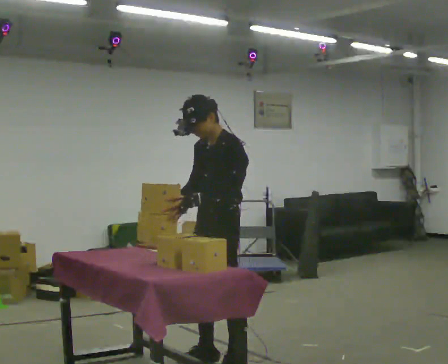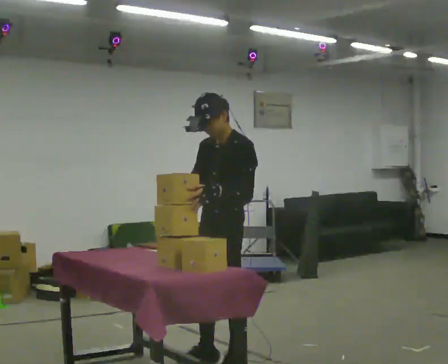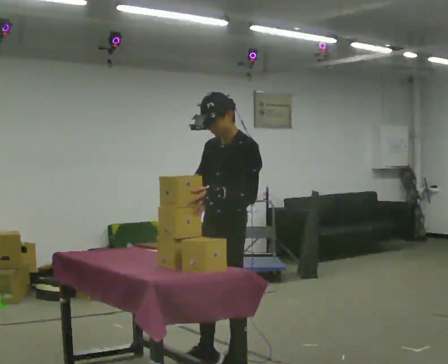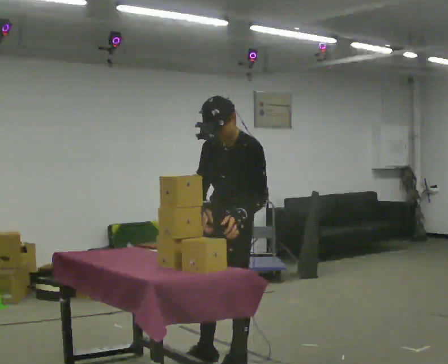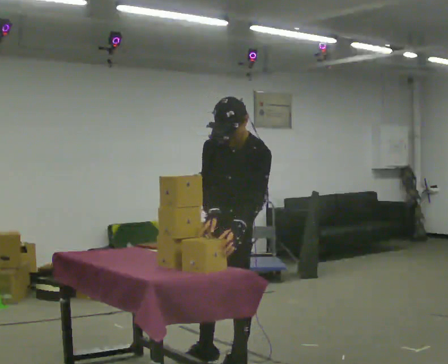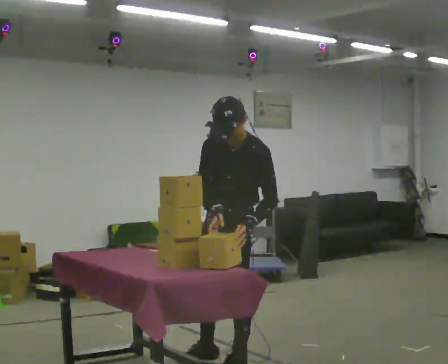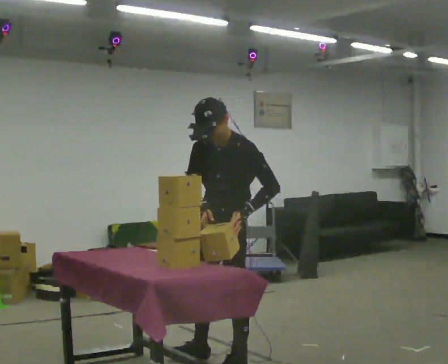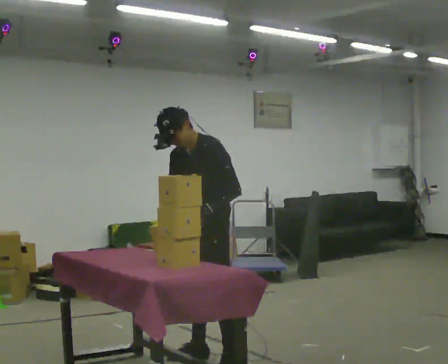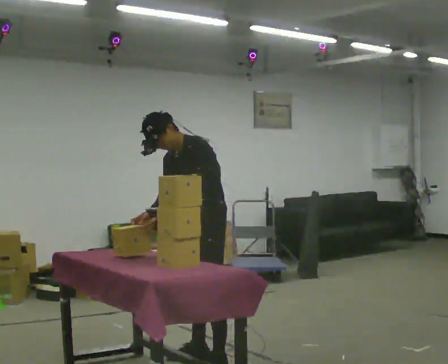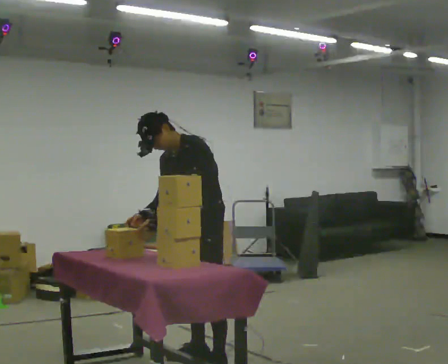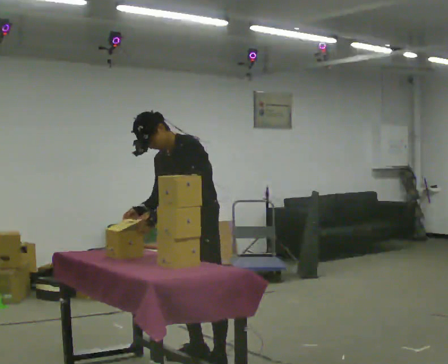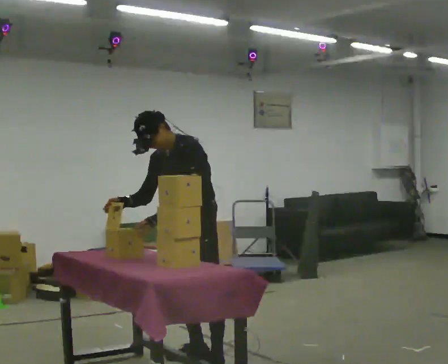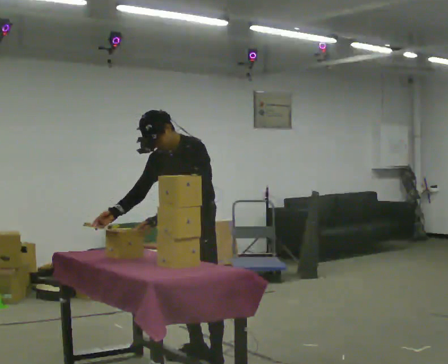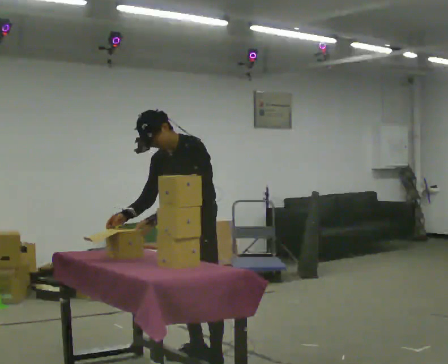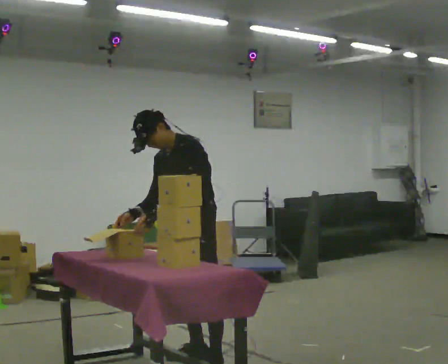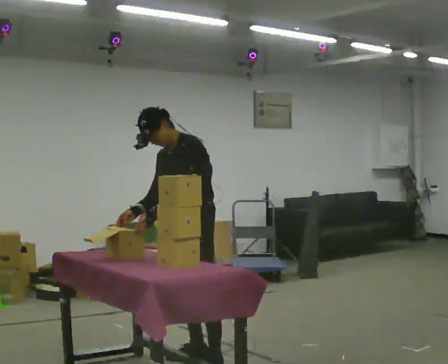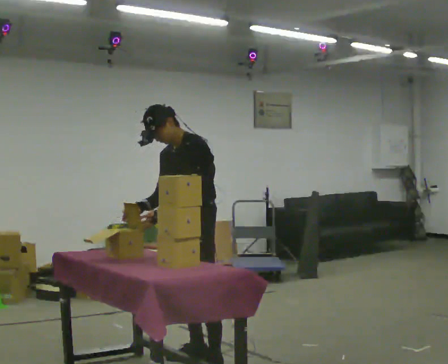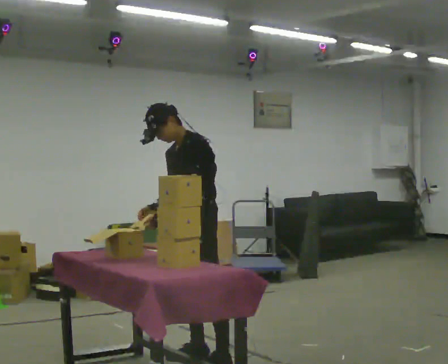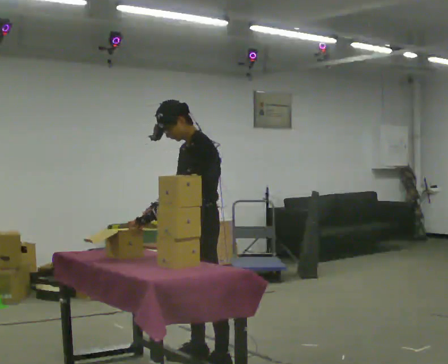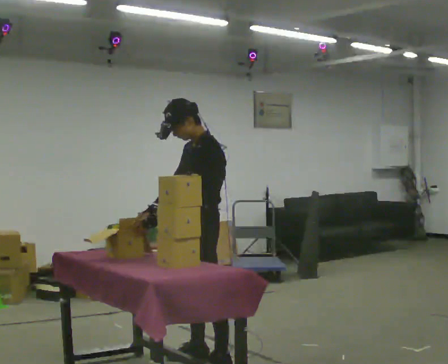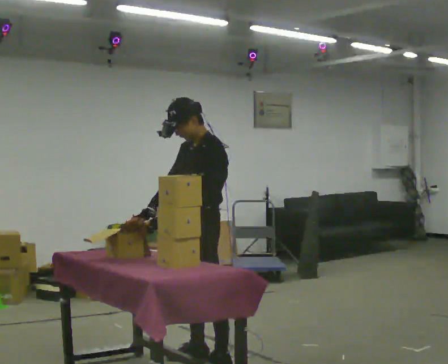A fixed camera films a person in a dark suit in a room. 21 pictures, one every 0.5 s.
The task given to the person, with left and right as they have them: Take the stacked item apart piece by piece on the table, then put it back together. Repeat at your own pace until the operator says stop. Keep both feet on the marked spots for the whole take. If you have to step, stop and tell the operator.
0.0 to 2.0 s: The person moves a little, or ends about where they began.
2.0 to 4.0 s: In the picture they go away from the camera, about 0.25 m, which for them is to their right. In the picture the upper body tilts counterclockwise, shoulders to the left.
4.0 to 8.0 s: The person moves a little, or ends about where they began.
8.0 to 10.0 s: Seen from above the body turns clockwise, about 30 degrees: to their right, with its near side sliding to the left.
The film runs forward here.
